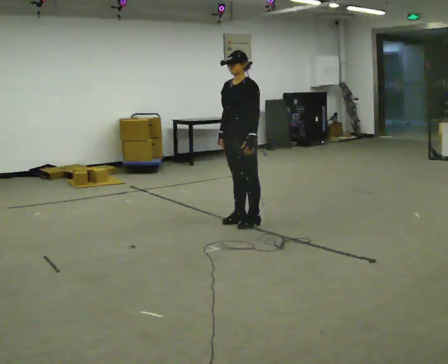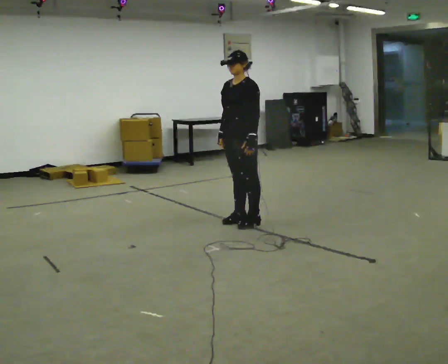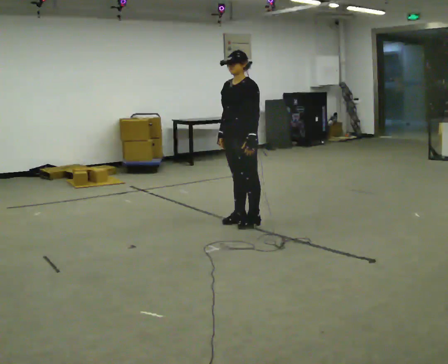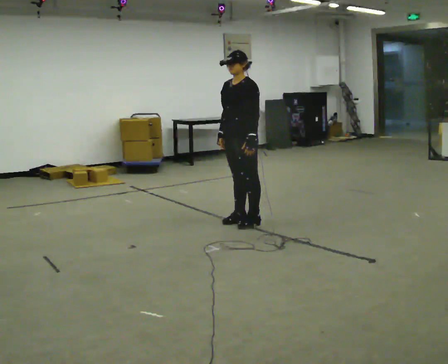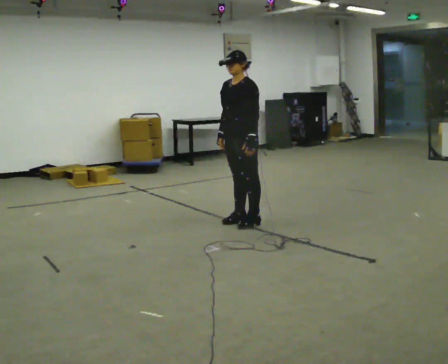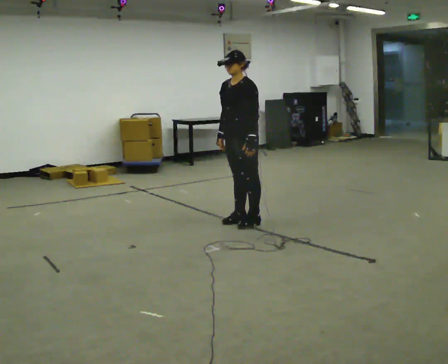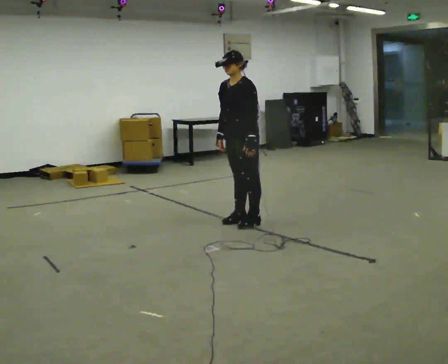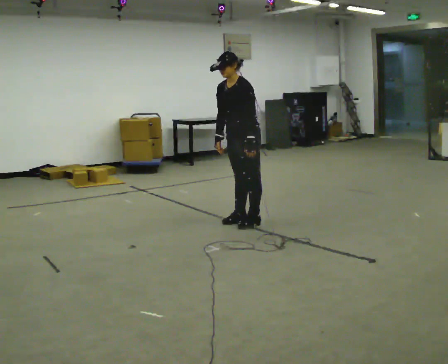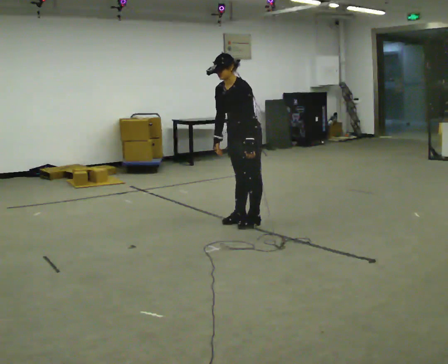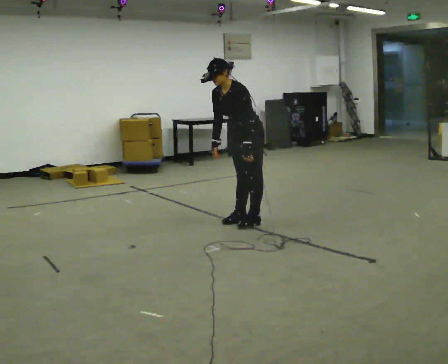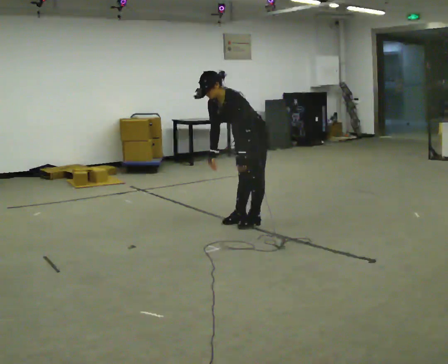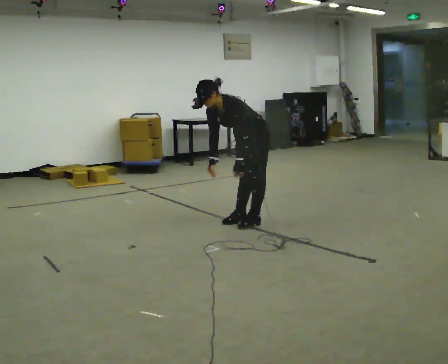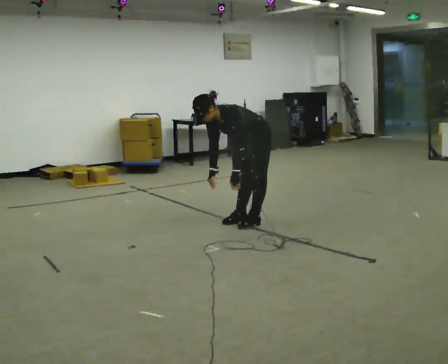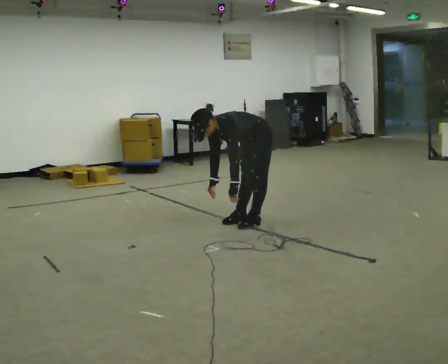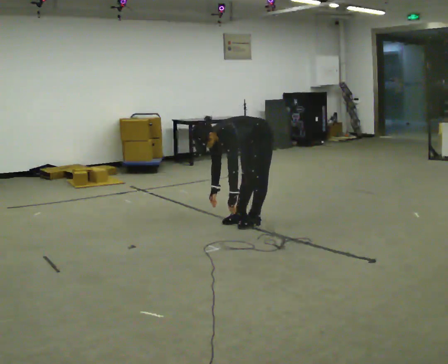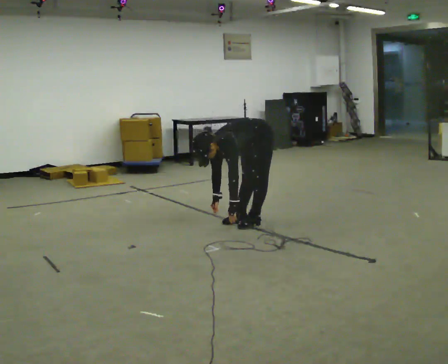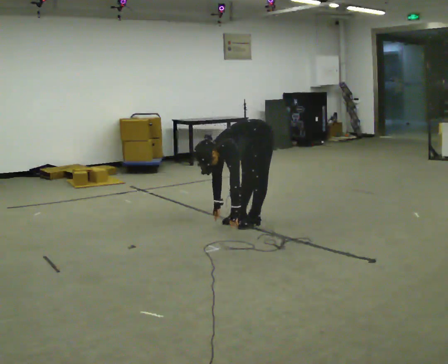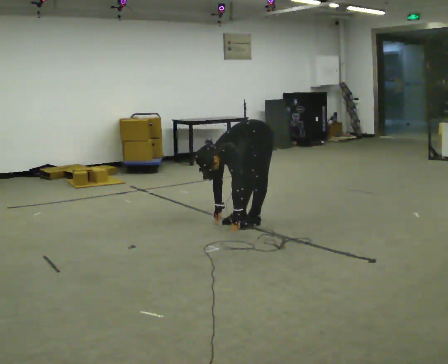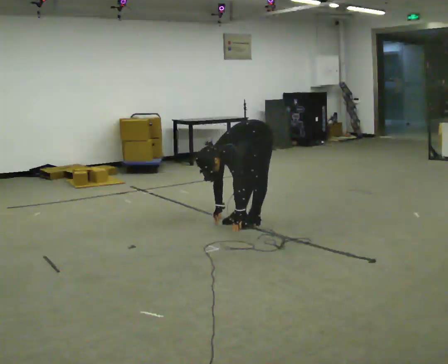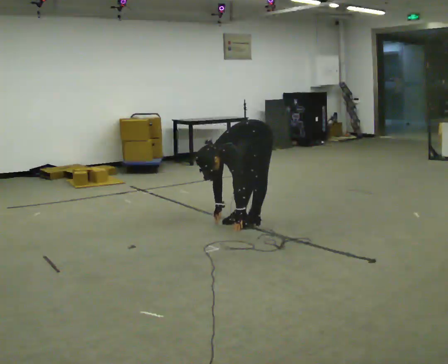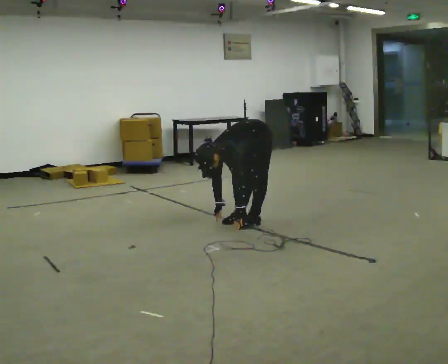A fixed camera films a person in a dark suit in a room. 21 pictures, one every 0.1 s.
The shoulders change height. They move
downward.
Their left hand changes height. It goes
downward.
0.0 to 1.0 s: The upper body goes downward. In the picture the upper body tilts counterclockwise, shoulders to the left, as they bend forward.
1.0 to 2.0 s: The upper body goes downward. In the picture the upper body tilts counterclockwise, shoulders to the left, as they bend forward. In the picture their left hand goes downward.
The film runs forward here.
